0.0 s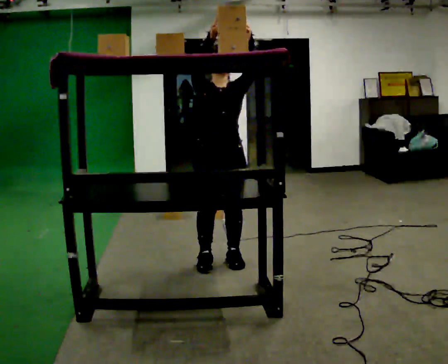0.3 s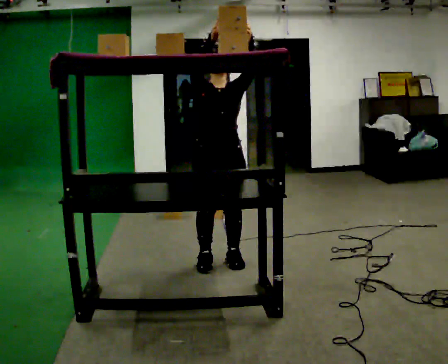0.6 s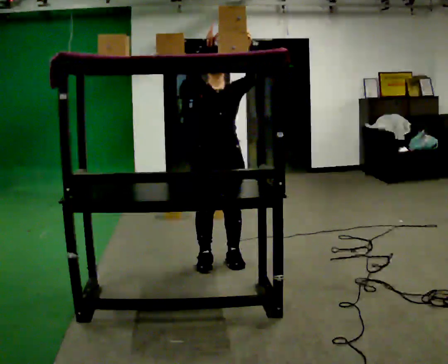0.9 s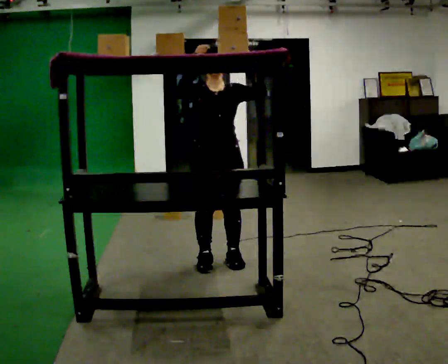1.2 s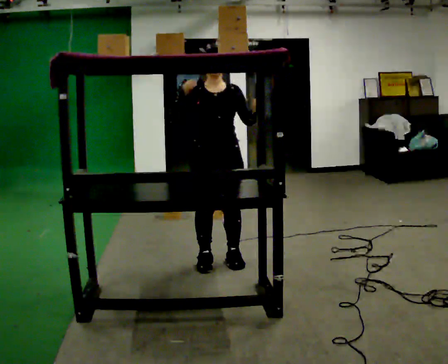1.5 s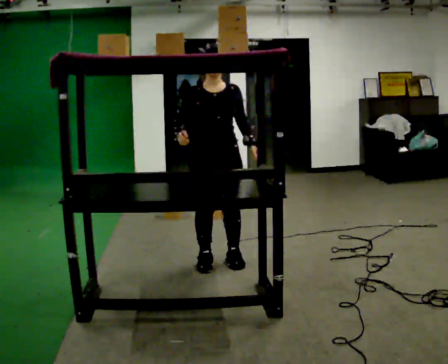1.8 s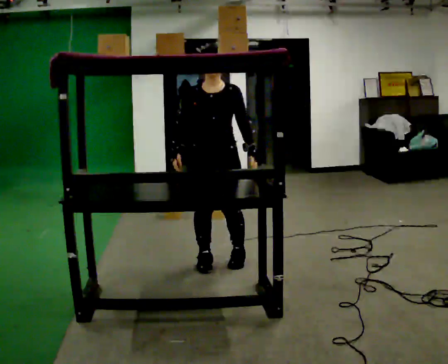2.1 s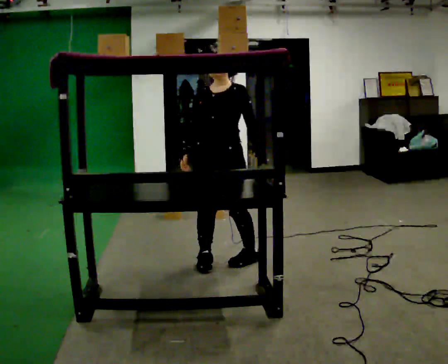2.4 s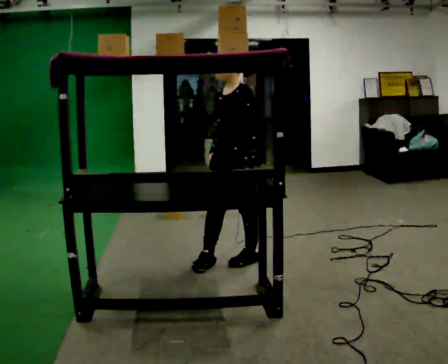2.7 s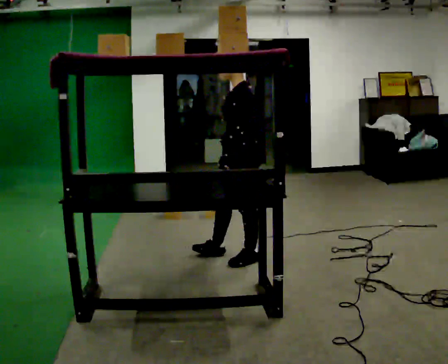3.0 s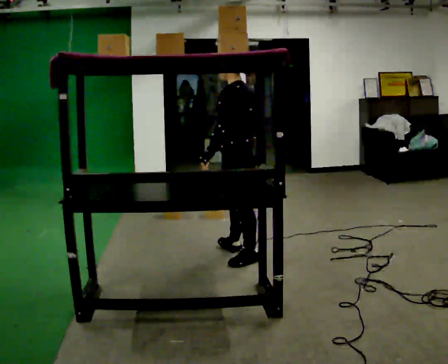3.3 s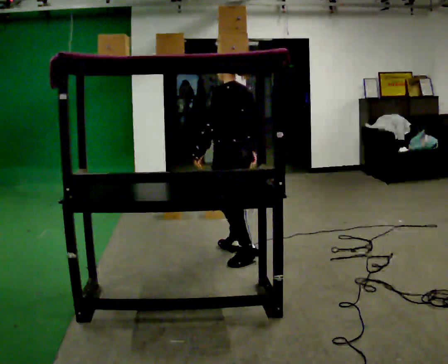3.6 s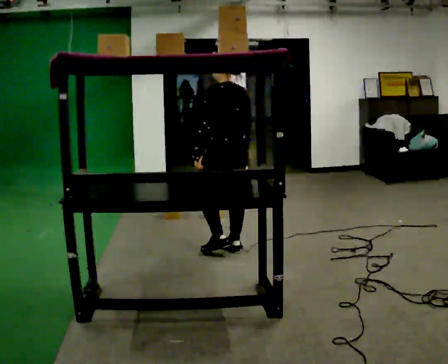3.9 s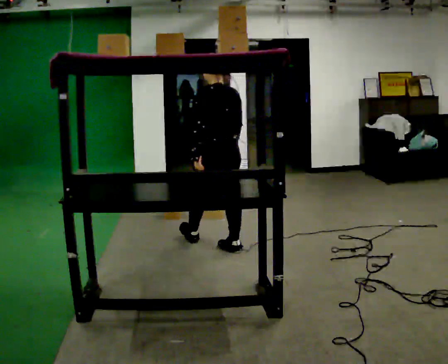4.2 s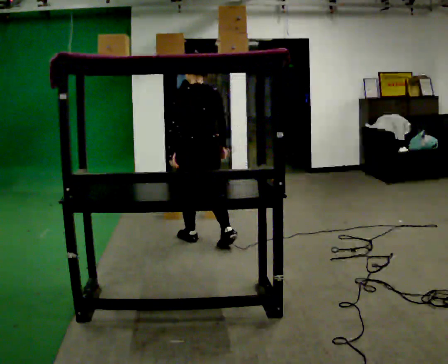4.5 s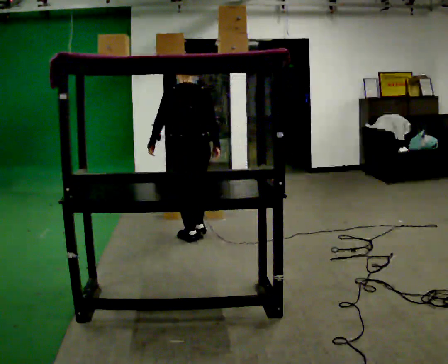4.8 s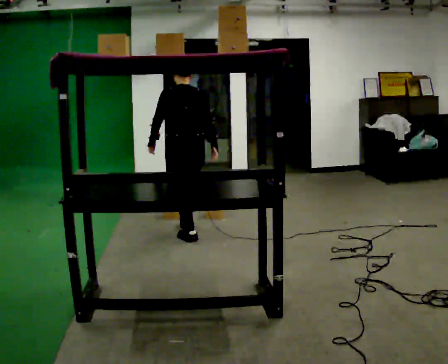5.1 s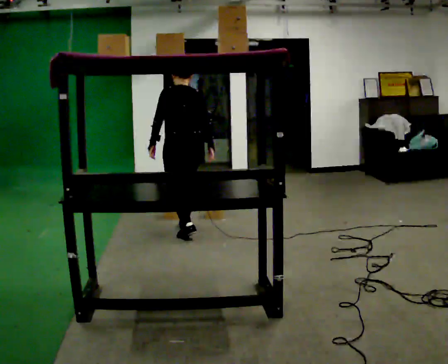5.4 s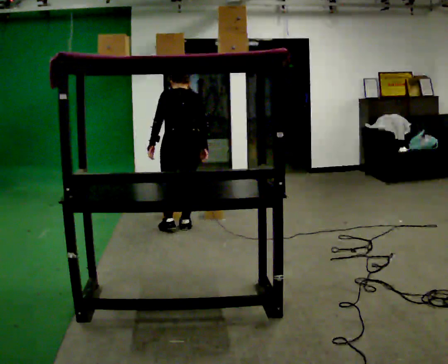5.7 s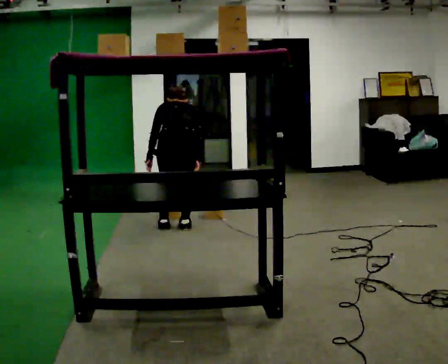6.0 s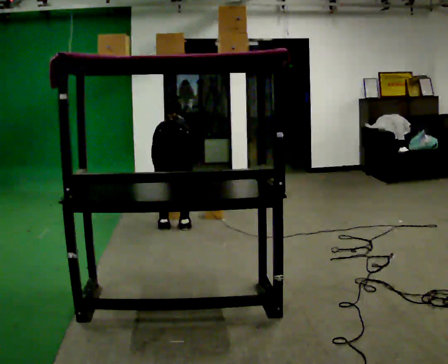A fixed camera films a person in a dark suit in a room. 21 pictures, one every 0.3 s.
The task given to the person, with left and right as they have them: Carry the object across the room and place it on the shelf just at the top of your comfortable reach. Keep going until the operator says stop; one object at a time, and do not rush between trips.
0.0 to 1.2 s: In the picture their left hand goes downward.
1.2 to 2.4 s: Seen from above the body turns clockwise, about 60 degrees: to their right, with its near side sliding to the left. In the picture they go to the right, about 0.25 m in 1 step. In the picture their right hand goes downward.
2.4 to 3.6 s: Seen from above the body turns clockwise, about 75 degrees: to their right, with its near side sliding to the left. In the picture they go away from the camera, about 0.25 m in 1 step.
3.6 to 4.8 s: In the picture they go to the left and away from the camera, about 0.5 m in 2 steps, which for them is forward.
4.8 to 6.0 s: In the picture they go to the left, about 0.25 m in 1 step, which for them is forward. The shoulders move downward. The upper body tips away from the camera, its near side rolling upward, as they bend forward. In the picture their right hand goes downward and to the left.
The film runs forward here.
